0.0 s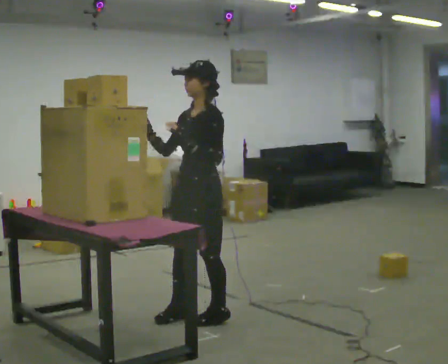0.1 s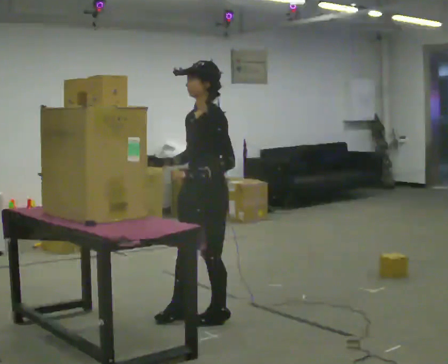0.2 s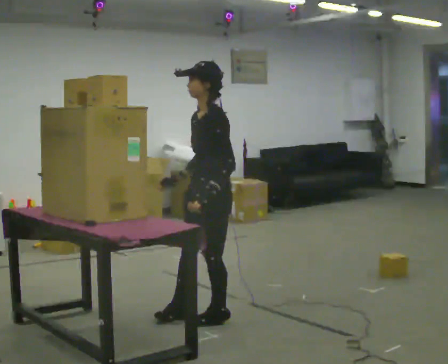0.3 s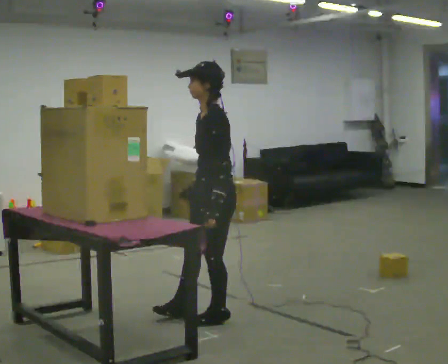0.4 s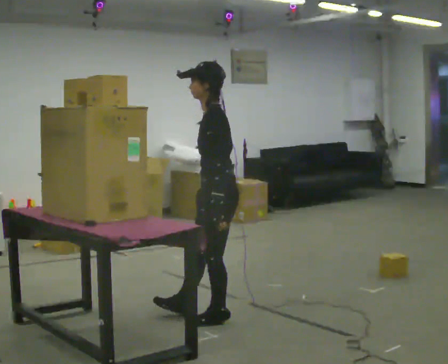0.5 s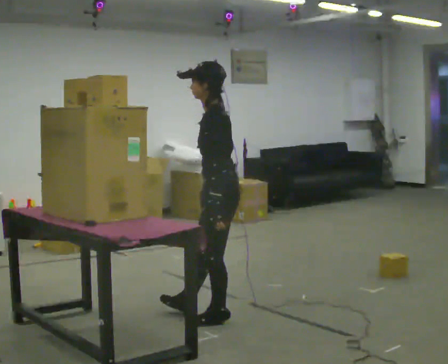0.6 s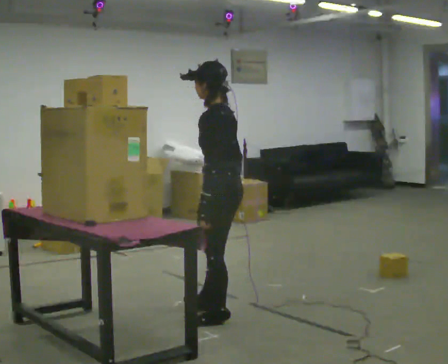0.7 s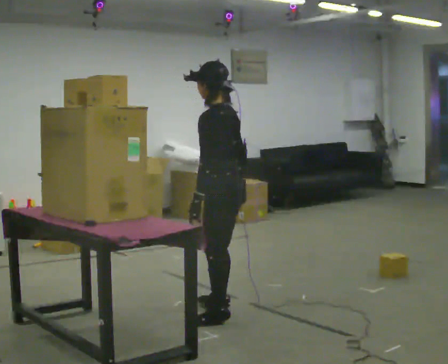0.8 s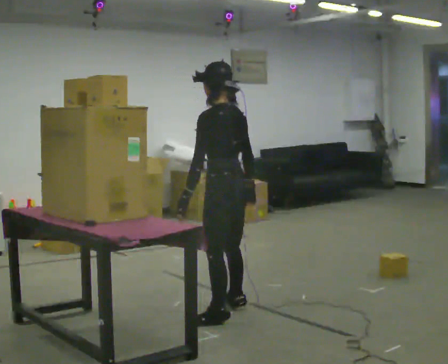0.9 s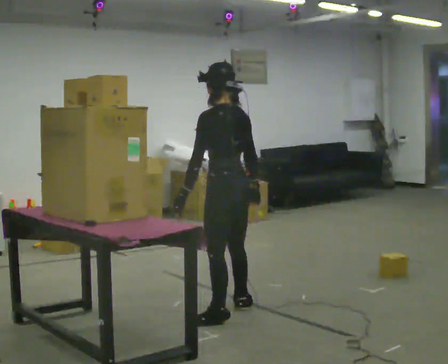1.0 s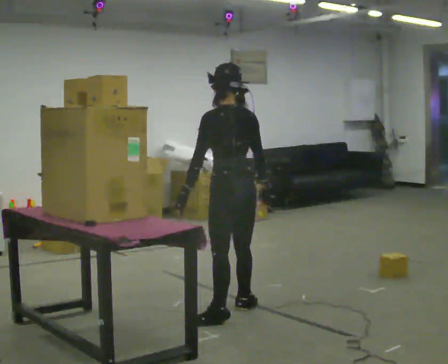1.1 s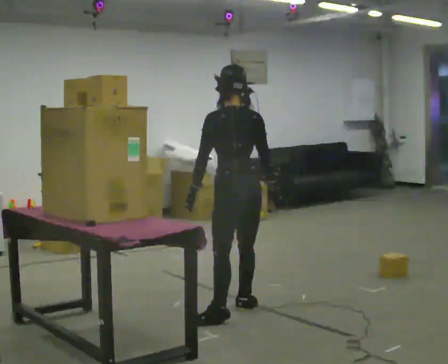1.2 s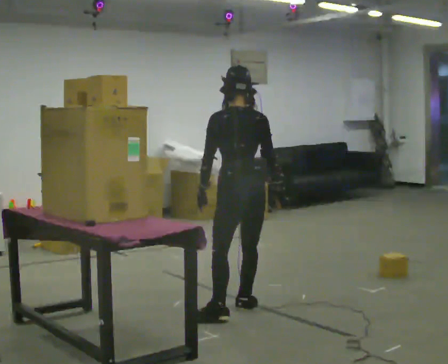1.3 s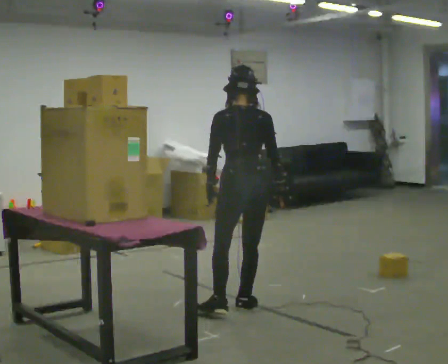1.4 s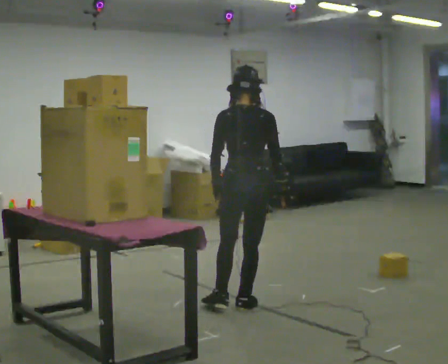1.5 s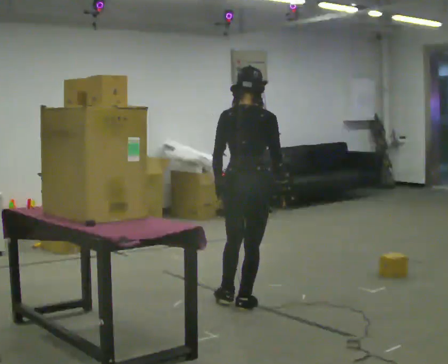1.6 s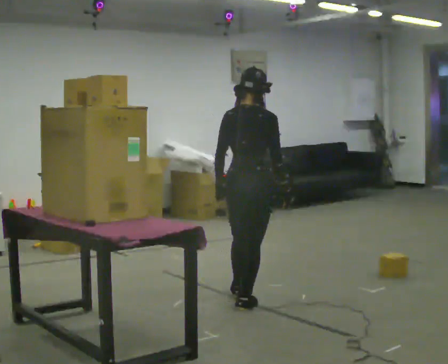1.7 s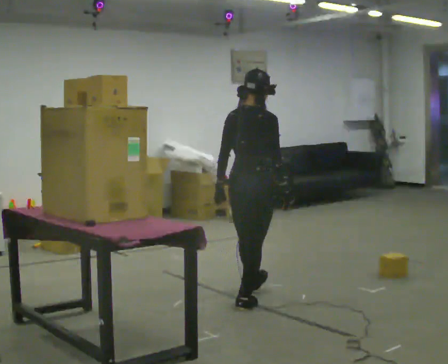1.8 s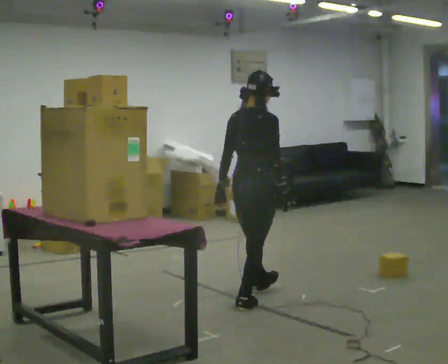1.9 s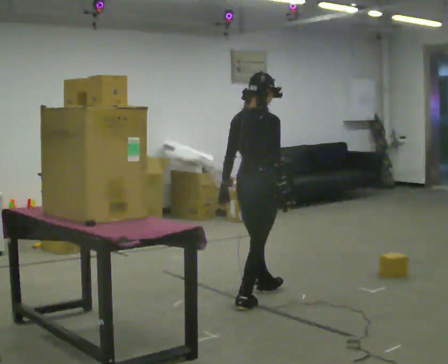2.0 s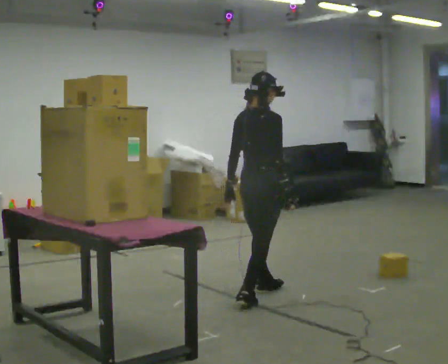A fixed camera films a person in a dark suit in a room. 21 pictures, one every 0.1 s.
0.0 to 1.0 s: The part of the body nearest the lens slides to the left as the person turns to their right by about 90 degrees. In the picture they go to the right, about 0.25 m in 1 step. In the picture their right hand goes to the right, the arm swinging counterclockwise.
1.0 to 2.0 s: Seen from above the body turns clockwise, about 75 degrees: to their right, with its near side sliding to the left. In the picture they go away from the camera and to the right, about 0.5 m in 1 step.
The film runs forward here.
